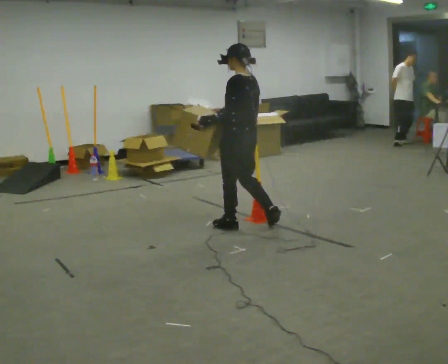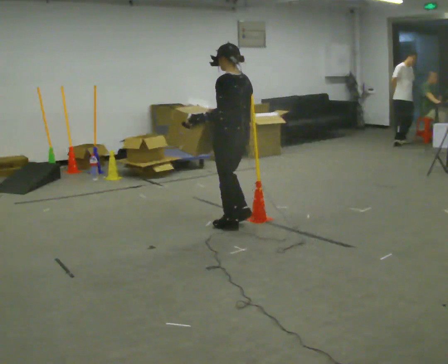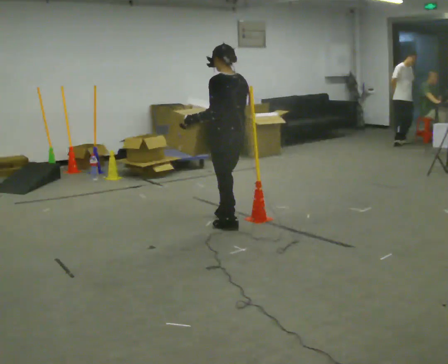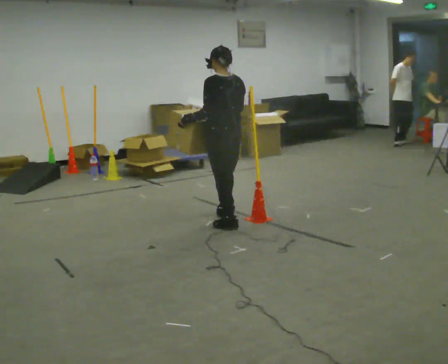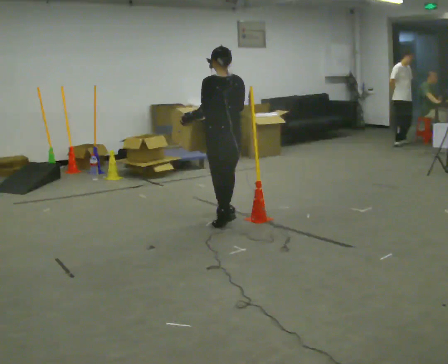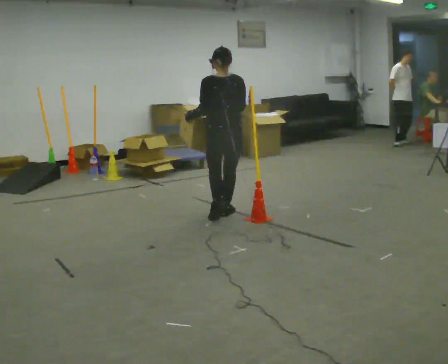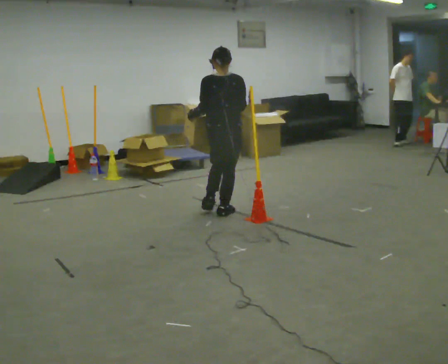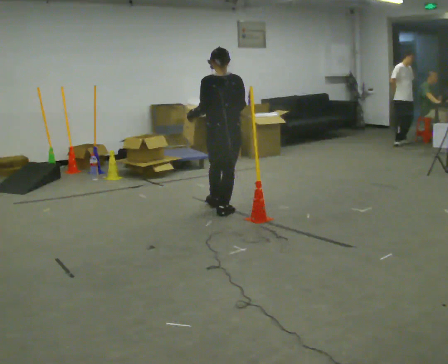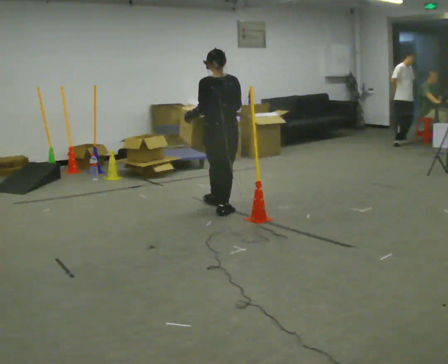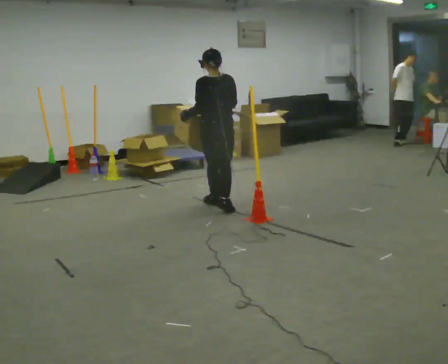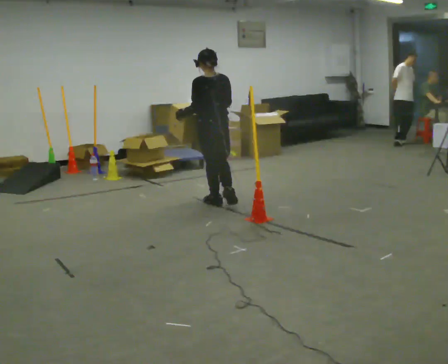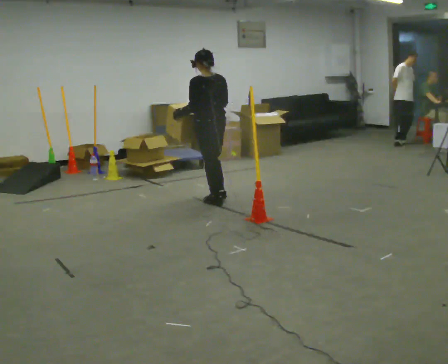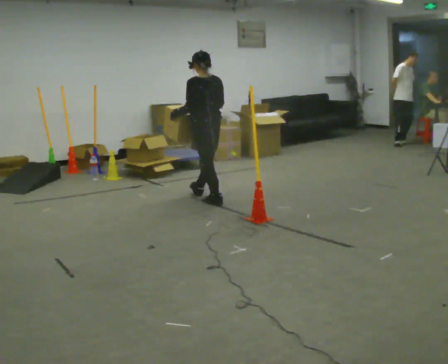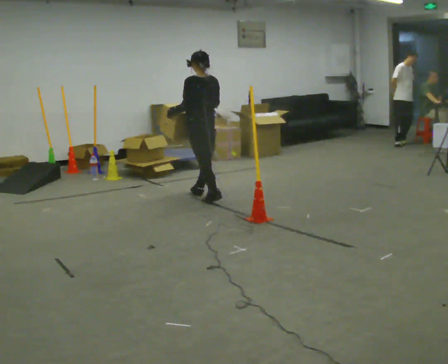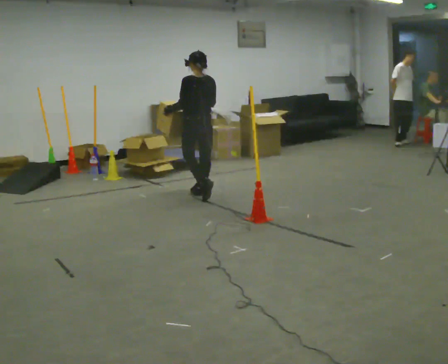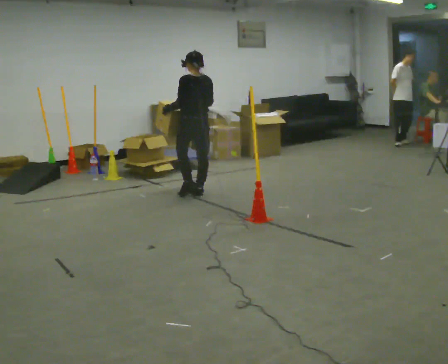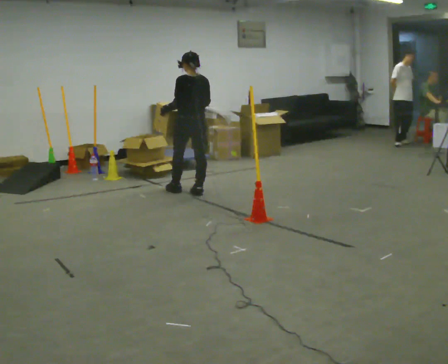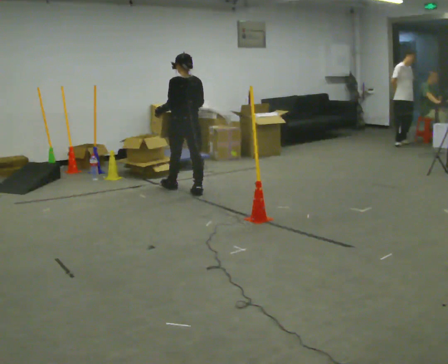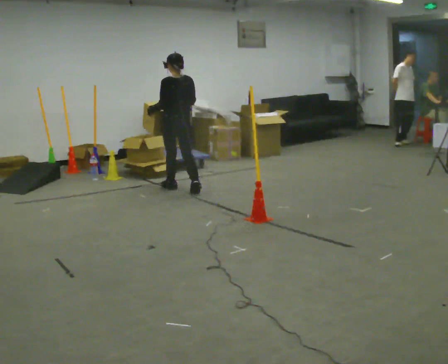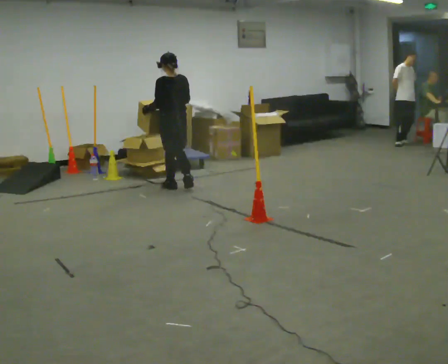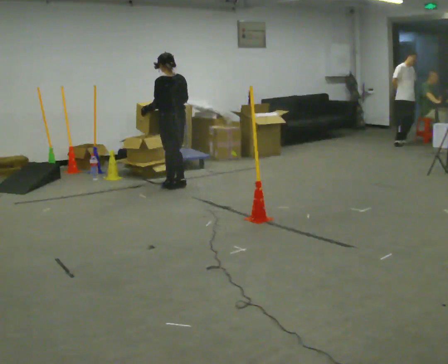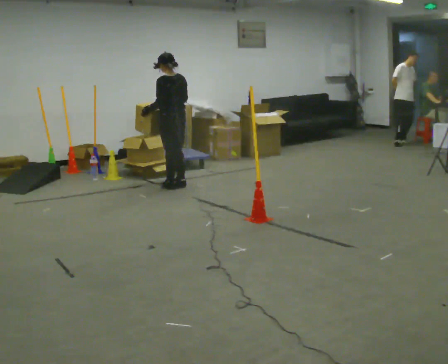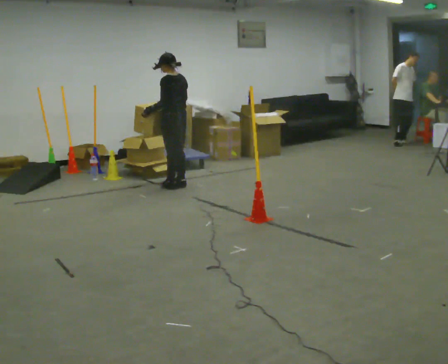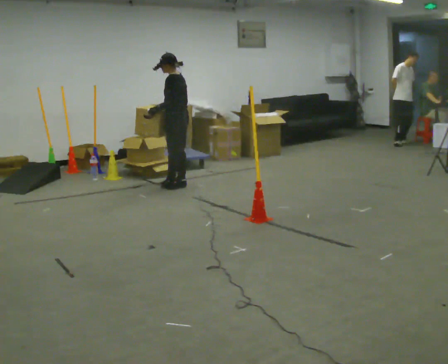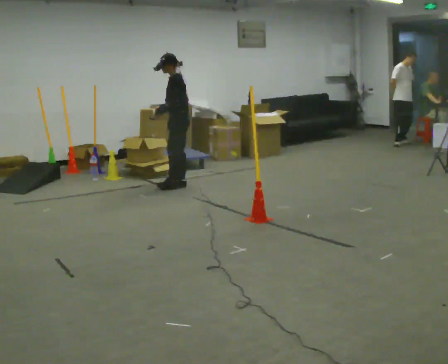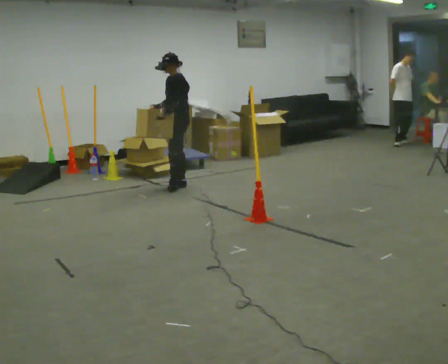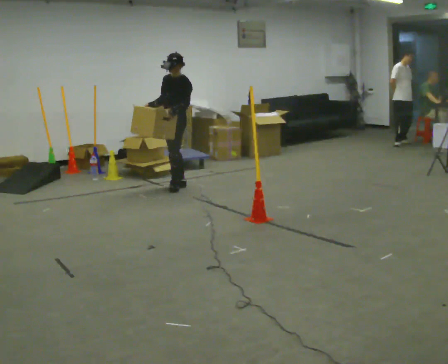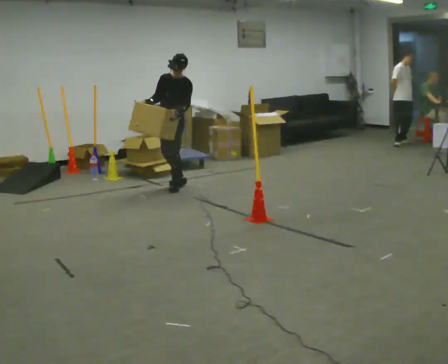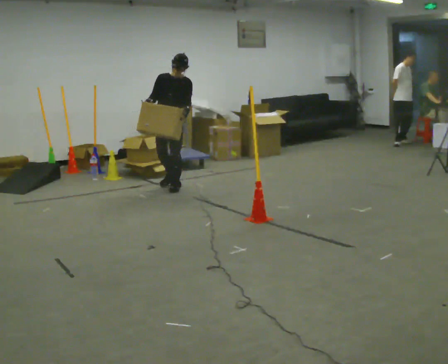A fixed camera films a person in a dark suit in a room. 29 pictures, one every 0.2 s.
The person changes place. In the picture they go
away from the camera.
Their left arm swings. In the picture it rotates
counterclockwise.
0.0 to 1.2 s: The part of the body nearest the lens slides to the left as the person turns to their right by about 45 degrees. In the picture they go away from the camera, about 0.5 m in 1 step, which for them is forward.
1.2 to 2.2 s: In the picture they go away from the camera, about 0.5 m in 1 step, which for them is forward.
2.2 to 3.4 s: In the picture they go away from the camera and to the left, about 0.5 m in 2 steps, which for them is forward.
3.4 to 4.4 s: The person turns about 30 degrees to their left, counterclockwise seen from above, so the part of the body nearest the lens slides to the right. In the picture they go away from the camera, about 0.25 m in 1 step, which for them is forward.
4.4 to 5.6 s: Seen from above the body turns counterclockwise, about 105 degrees: to their left, with its near side sliding to the right.
The film runs forward here.
